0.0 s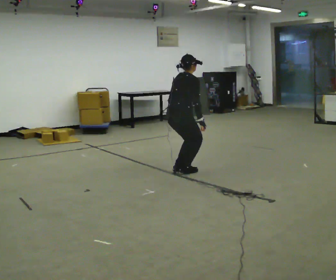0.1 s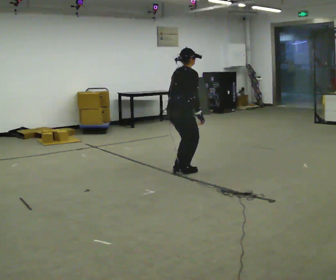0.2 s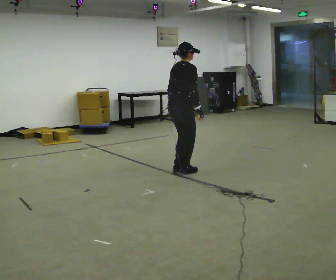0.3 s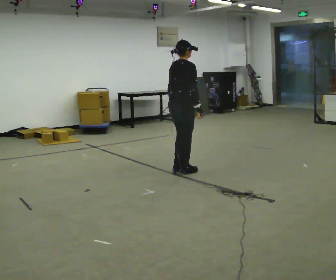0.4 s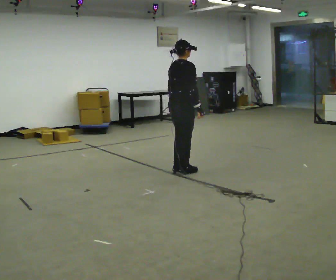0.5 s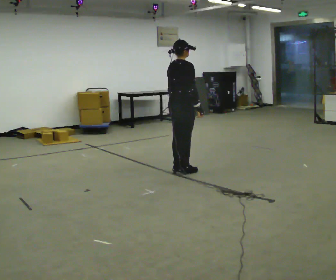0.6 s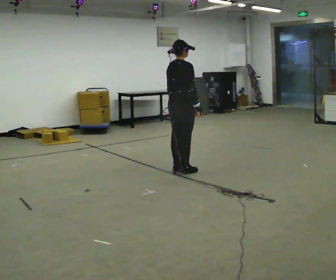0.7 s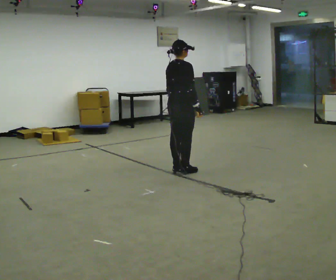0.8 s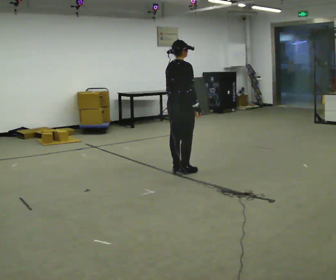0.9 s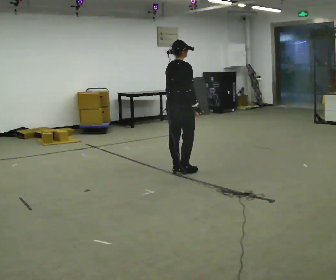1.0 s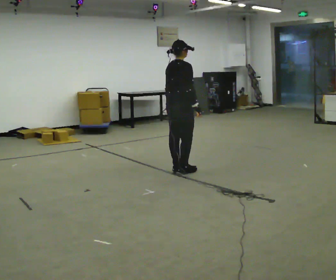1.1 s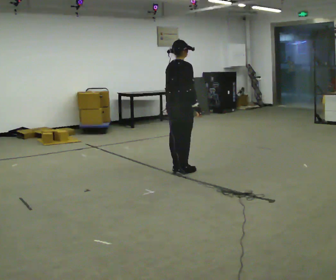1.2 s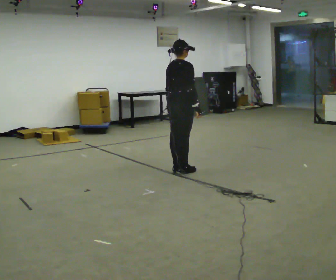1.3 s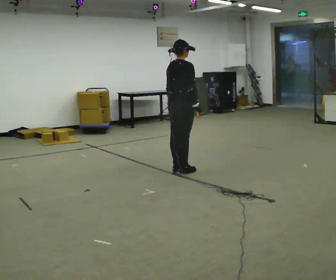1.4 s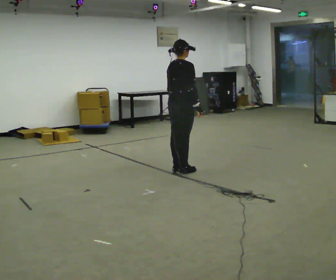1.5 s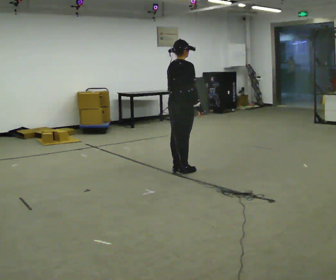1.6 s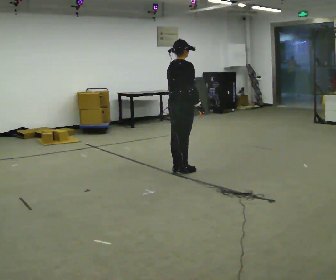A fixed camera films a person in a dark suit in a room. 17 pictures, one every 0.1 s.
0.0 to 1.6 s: The shoulders move upward. In the picture the upper body tilts counterclockwise, shoulders to the left, as they lean back or straighten.
The film runs backward here.
